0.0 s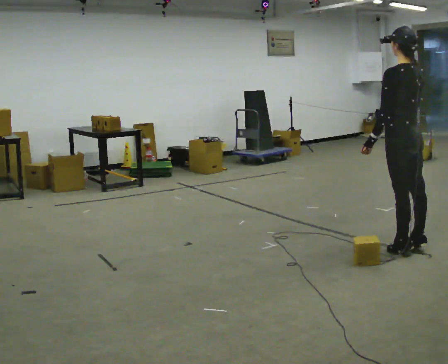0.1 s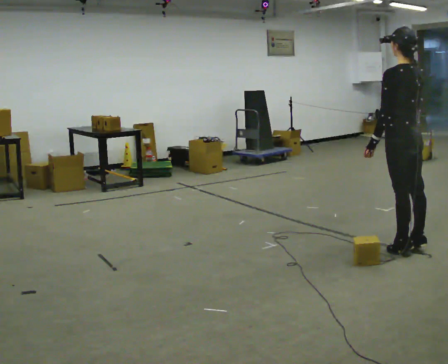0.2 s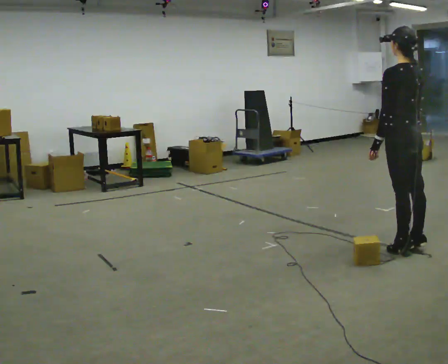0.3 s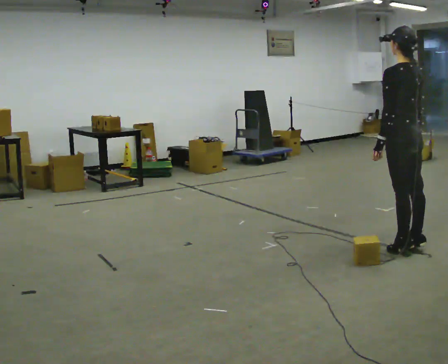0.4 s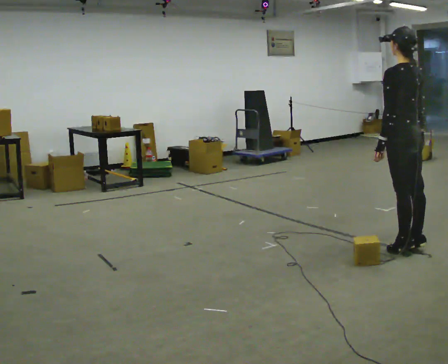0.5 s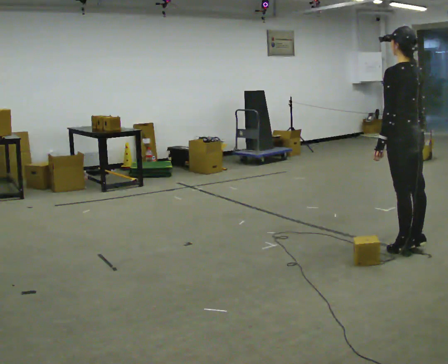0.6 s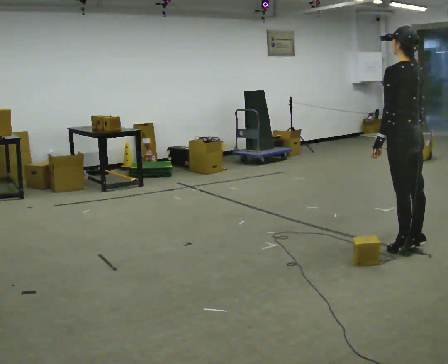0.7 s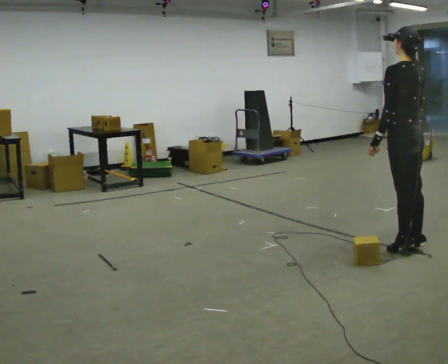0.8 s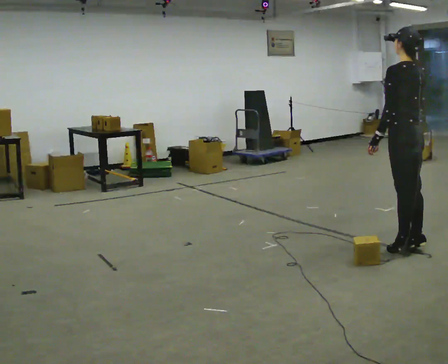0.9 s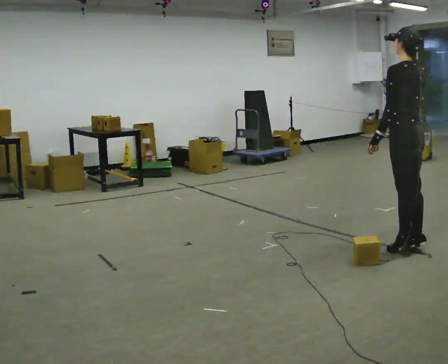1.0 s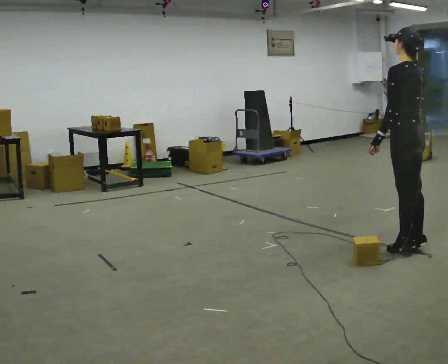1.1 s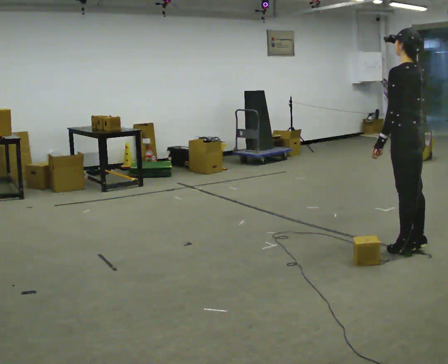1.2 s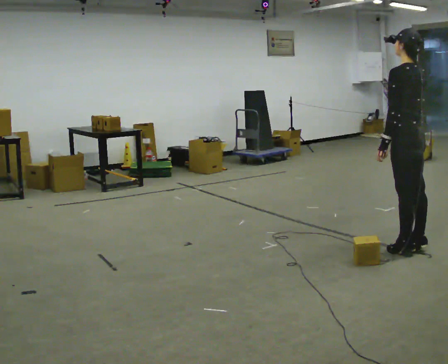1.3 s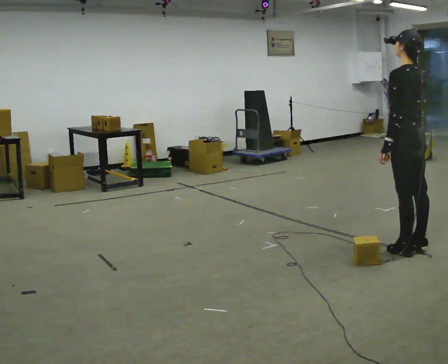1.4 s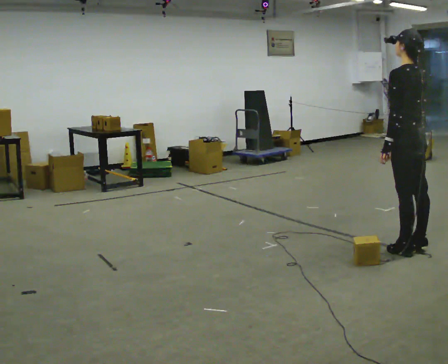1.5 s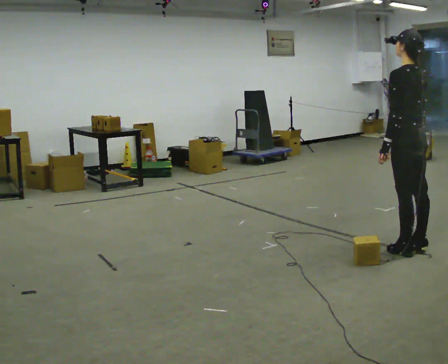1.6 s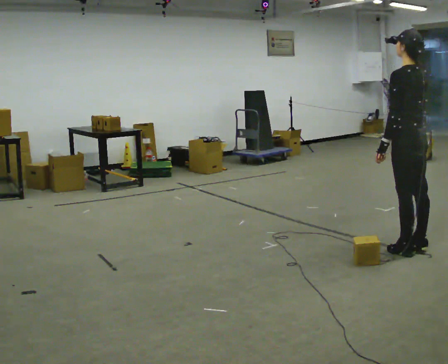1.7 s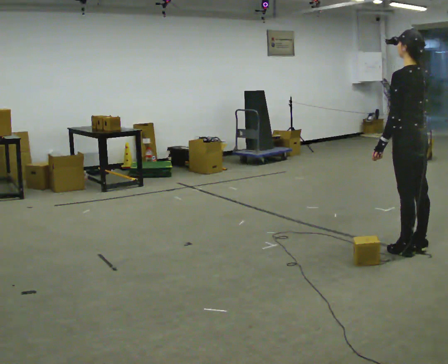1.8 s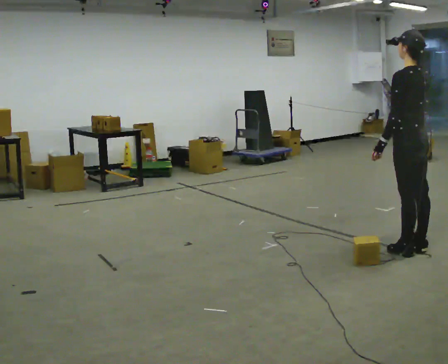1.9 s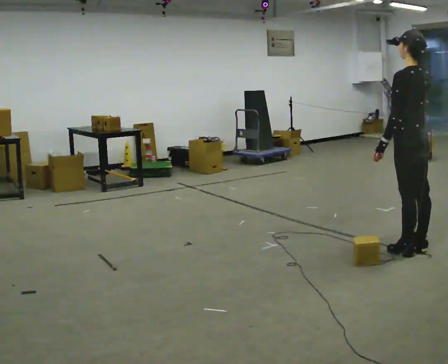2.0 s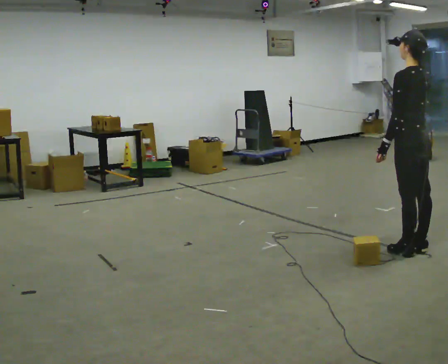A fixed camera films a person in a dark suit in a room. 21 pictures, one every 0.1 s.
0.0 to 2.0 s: The person moves a little, or ends about where they began.
The film runs forward here.
